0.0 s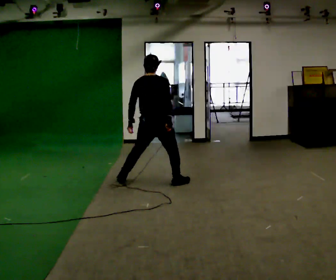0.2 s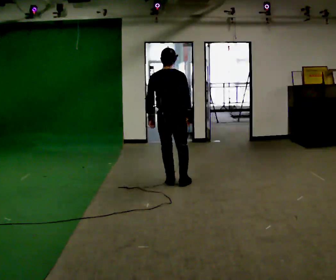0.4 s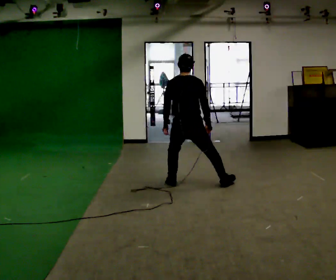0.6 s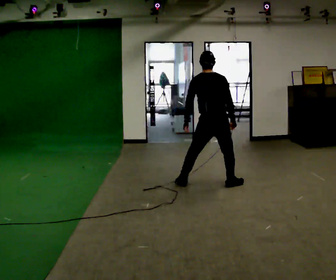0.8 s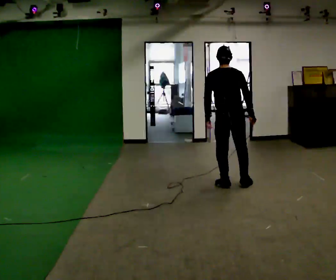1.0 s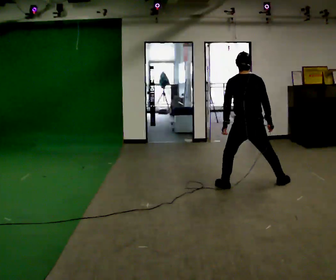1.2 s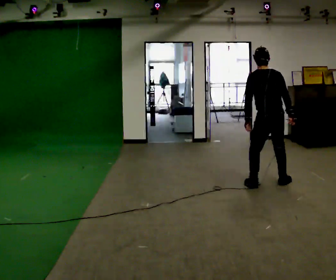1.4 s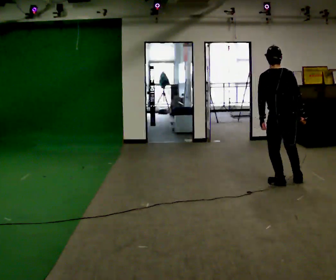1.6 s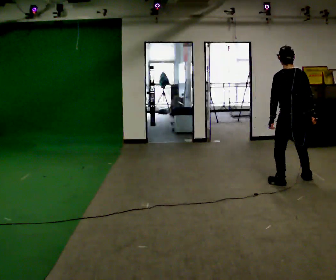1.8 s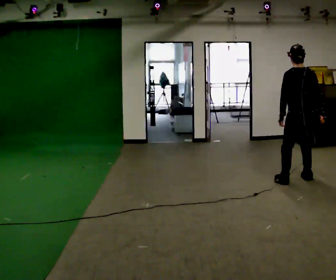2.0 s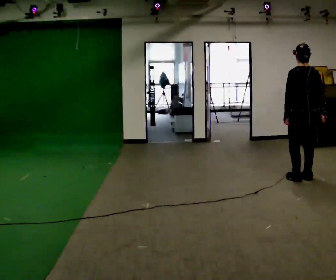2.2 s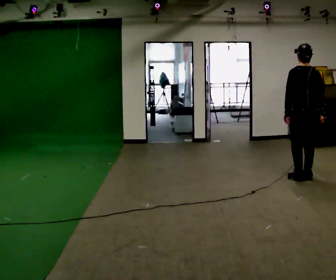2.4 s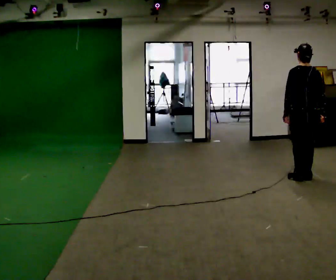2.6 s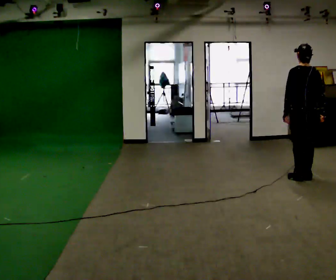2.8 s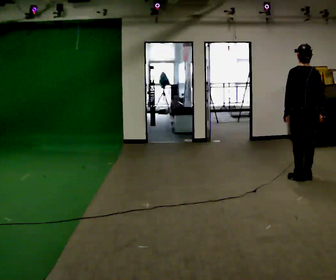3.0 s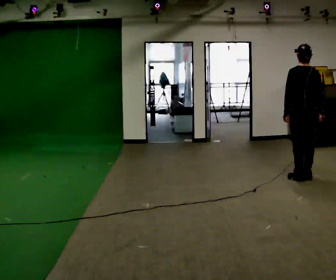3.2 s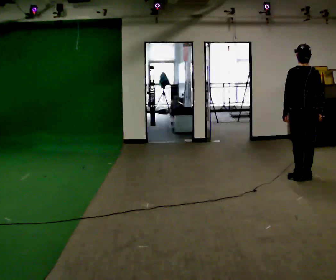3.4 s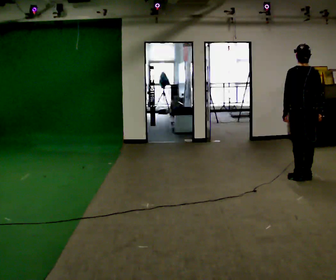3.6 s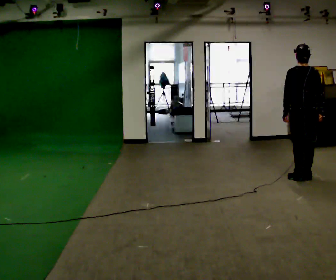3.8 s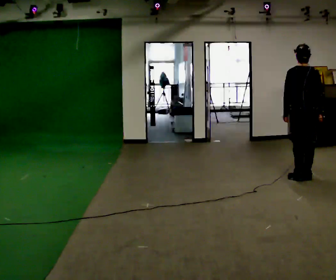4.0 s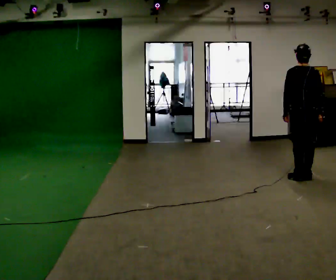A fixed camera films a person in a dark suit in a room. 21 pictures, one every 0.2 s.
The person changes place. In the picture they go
to the right.
0.0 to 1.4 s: In the picture they go to the right, about 1.5 m in 5 steps, which for them is to their right.
1.4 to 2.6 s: In the picture they go to the right and away from the camera, about 0.25 m in 2 steps, which for them is to their right.
2.6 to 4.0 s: The person moves a little, or ends about where they began.
The film runs forward here.
